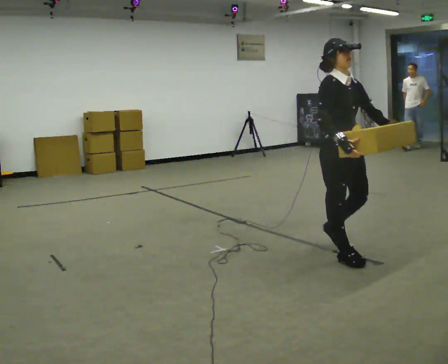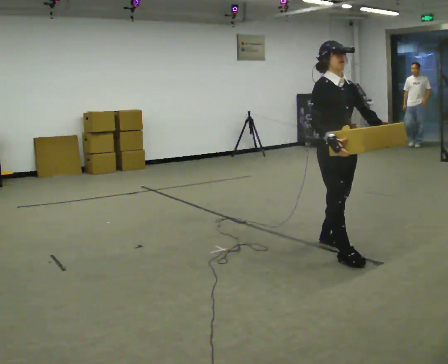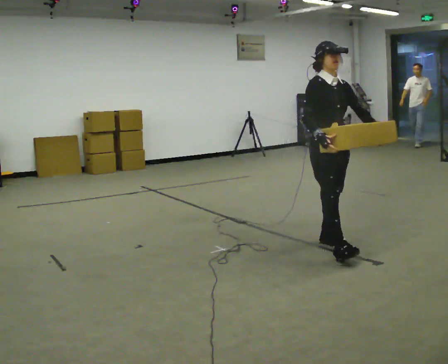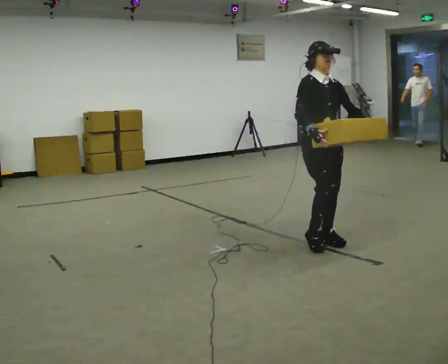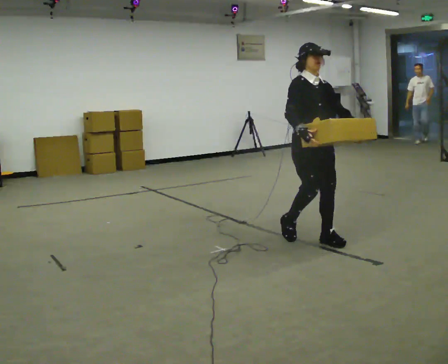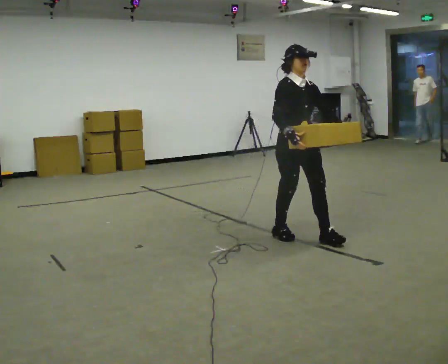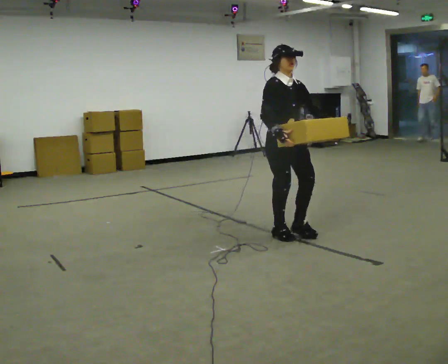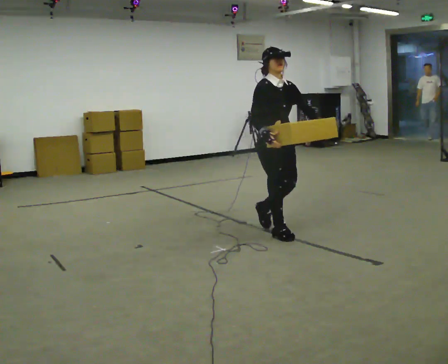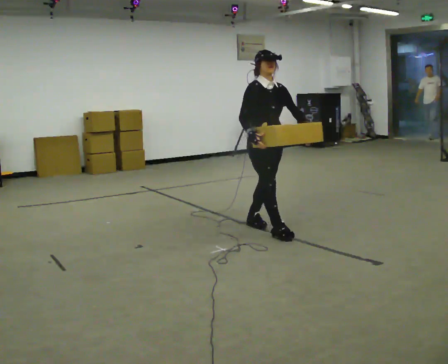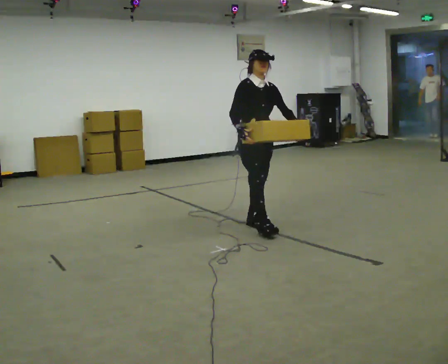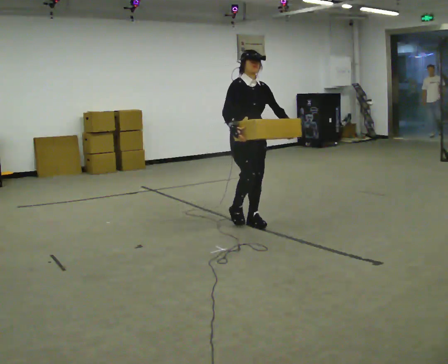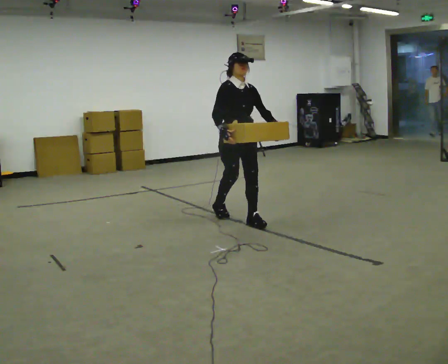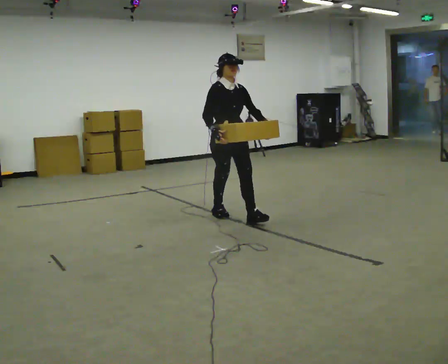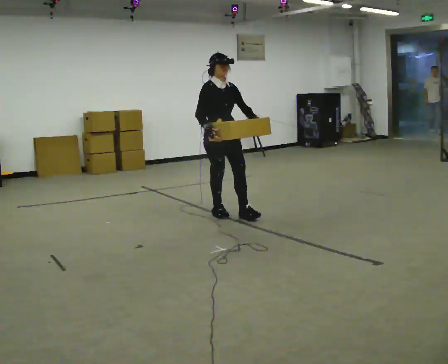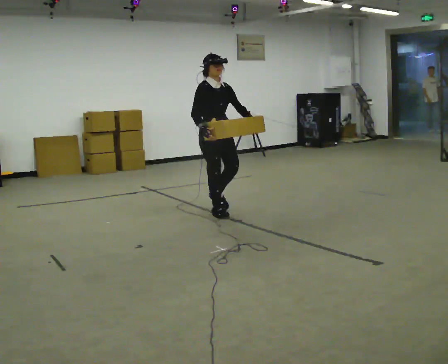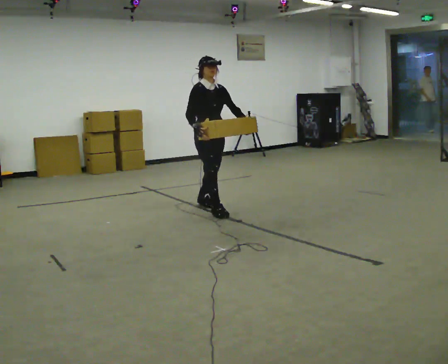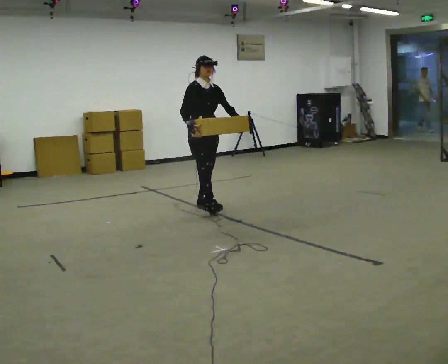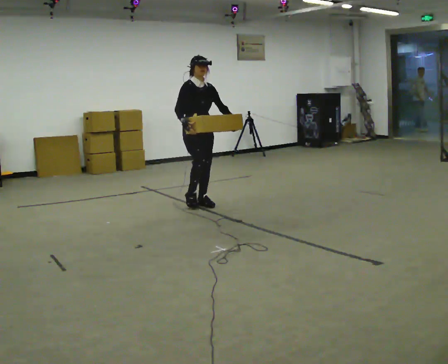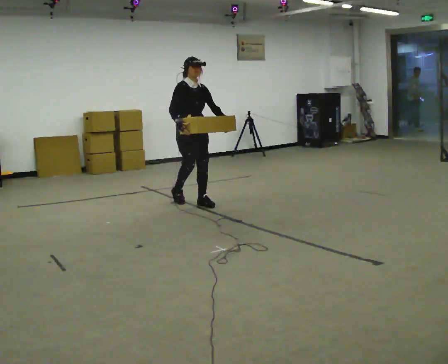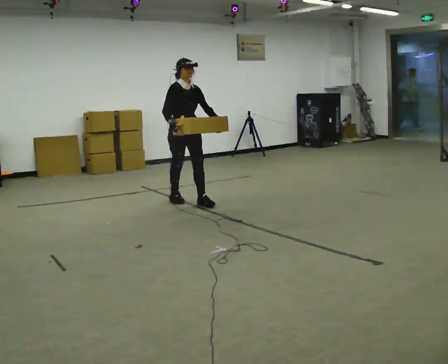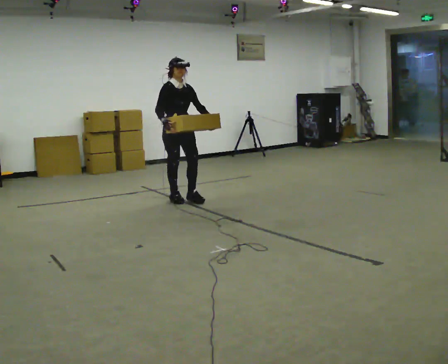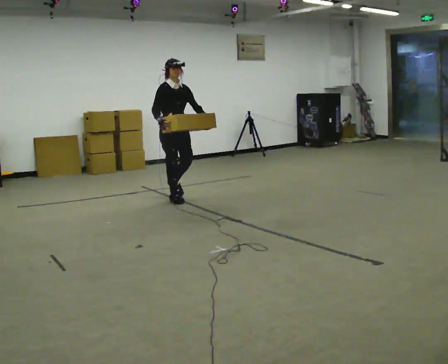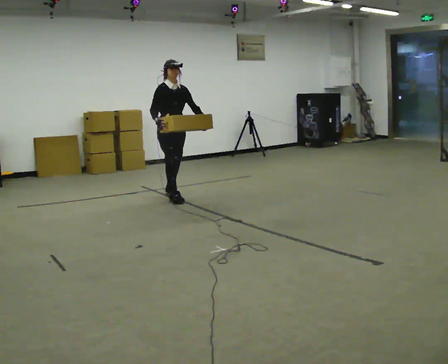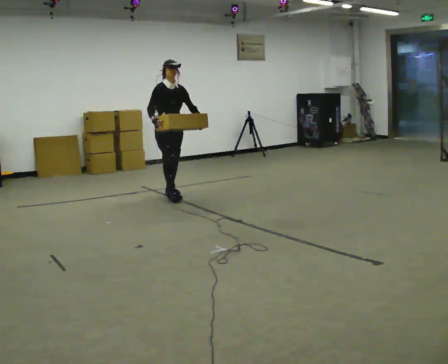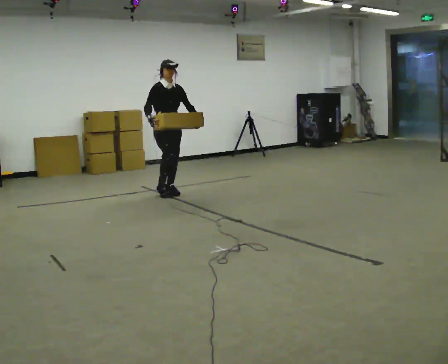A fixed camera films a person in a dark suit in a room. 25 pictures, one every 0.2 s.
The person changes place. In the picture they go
away from the camera.
0.0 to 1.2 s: In the picture they go away from the camera and to the left, about 0.75 m in 2 steps, which for them is backward.
1.2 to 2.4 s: In the picture they go away from the camera and to the left, about 1 m in 1 step, which for them is backward.
2.4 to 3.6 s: In the picture they go away from the camera and to the left, about 0.5 m in 2 steps, which for them is backward.
3.6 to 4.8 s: In the picture they go away from the camera and to the left, about 0.5 m in 2 steps, which for them is backward.
The film runs backward here.
